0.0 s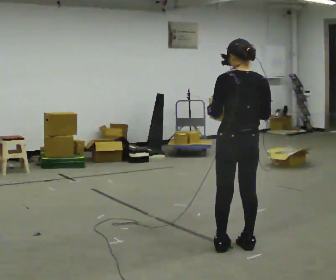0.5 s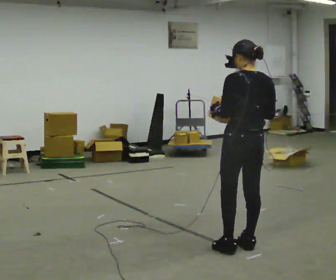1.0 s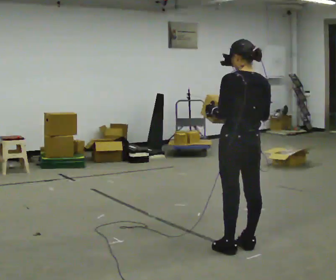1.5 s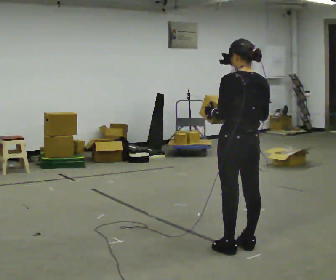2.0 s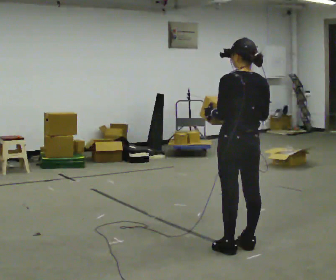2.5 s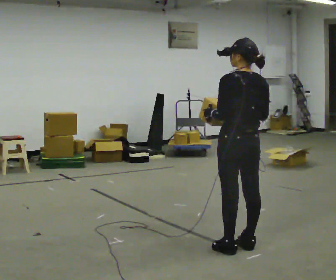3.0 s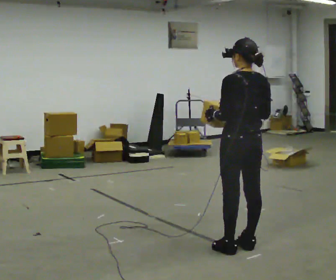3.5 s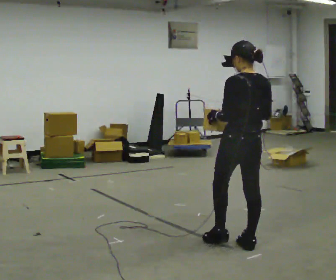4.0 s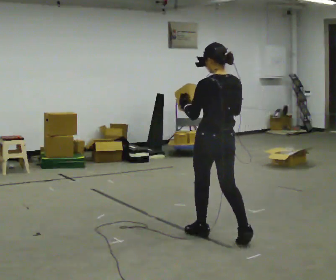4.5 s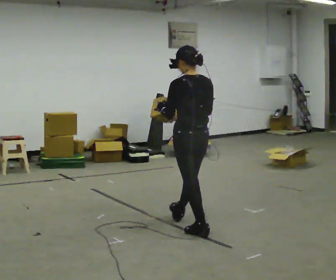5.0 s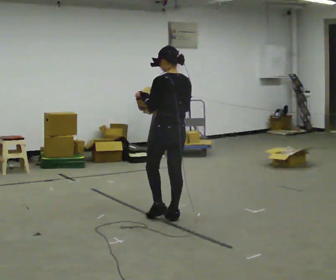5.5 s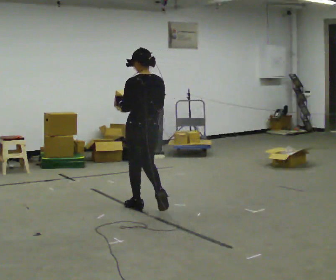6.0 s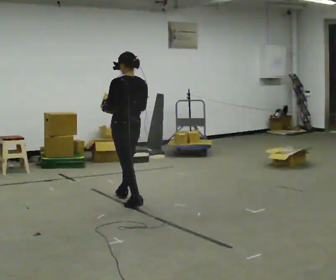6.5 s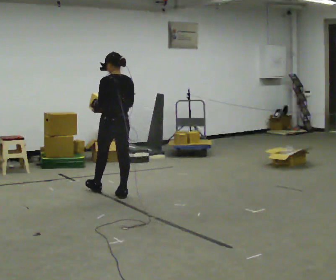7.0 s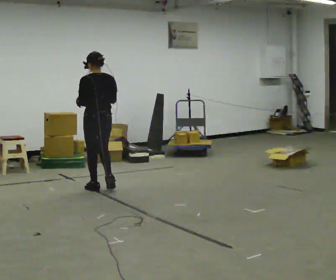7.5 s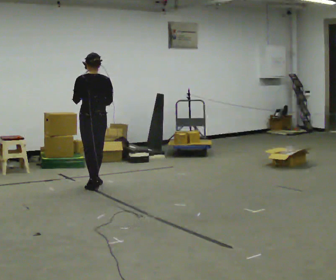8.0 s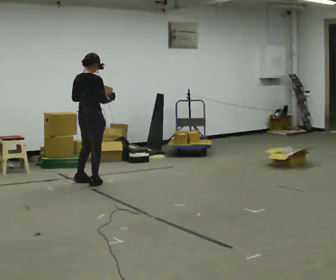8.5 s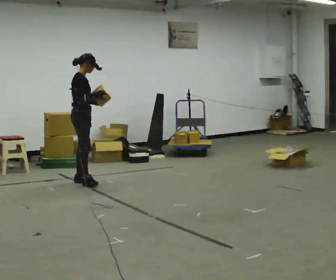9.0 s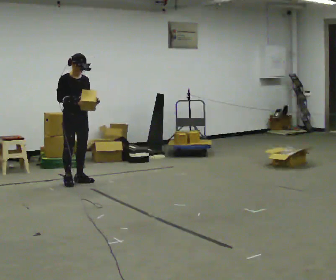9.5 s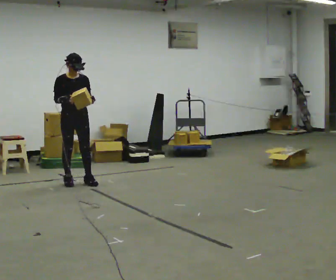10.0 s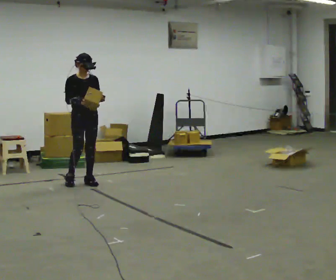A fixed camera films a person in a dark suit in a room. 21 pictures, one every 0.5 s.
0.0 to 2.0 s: The person moves a little, or ends about where they began.
2.0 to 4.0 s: In the picture they go away from the camera and to the left, about 0.25 m in 1 step, which for them is forward.
4.0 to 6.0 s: In the picture they go away from the camera and to the left, about 1.5 m in 3 steps, which for them is forward.
6.0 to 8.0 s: The person turns about 75 degrees to their right, clockwise seen from above, so the part of the body nearest the lens slides to the left. In the picture they go away from the camera and to the left, about 1 m in 3 steps.
8.0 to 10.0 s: Seen from above the body turns clockwise, about 105 degrees: to their right, with its near side sliding to the left. In the picture their right hand goes to the left.
The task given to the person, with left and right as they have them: Carry the box and, while you are still walking, turn it so you can read the label, read it out loud, then carry on. Repeat with the next box. Do not stop to read it.
The film runs forward here.
